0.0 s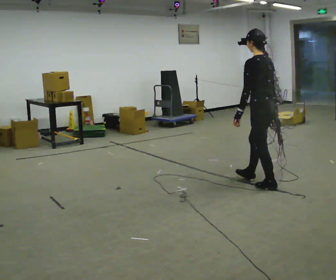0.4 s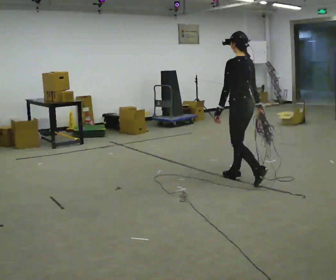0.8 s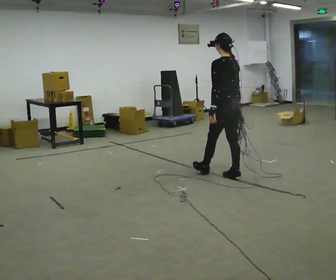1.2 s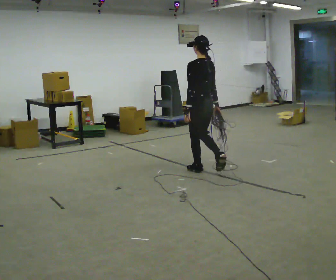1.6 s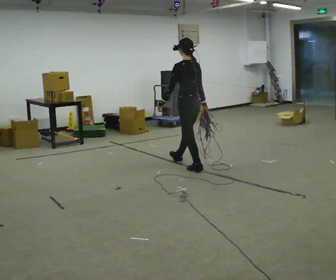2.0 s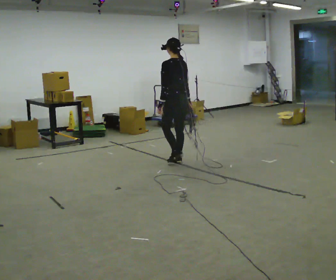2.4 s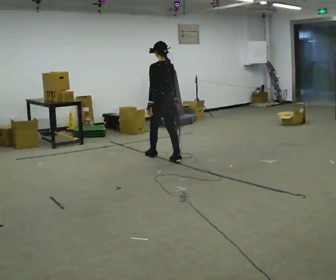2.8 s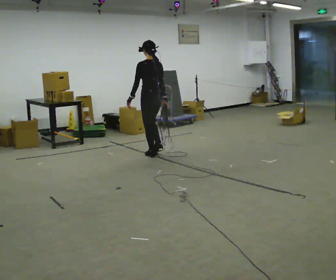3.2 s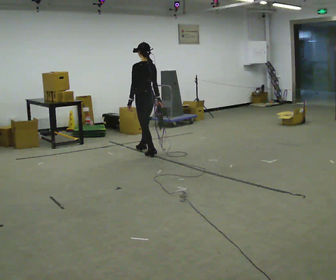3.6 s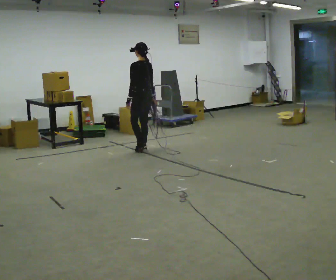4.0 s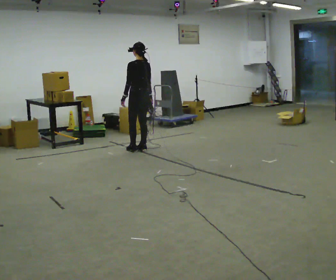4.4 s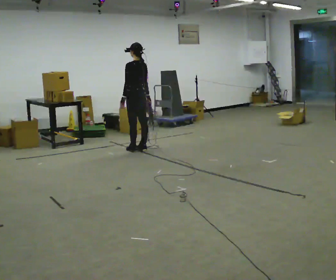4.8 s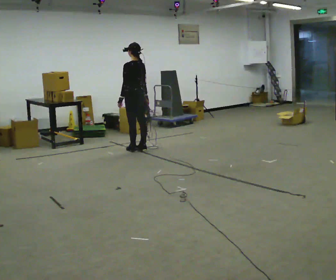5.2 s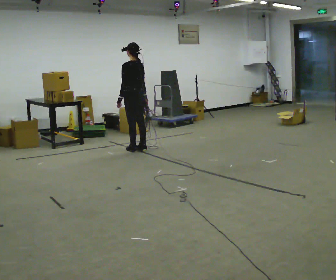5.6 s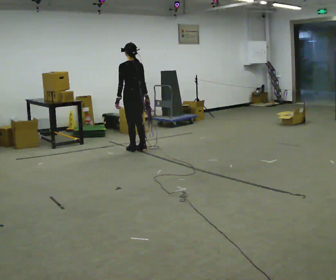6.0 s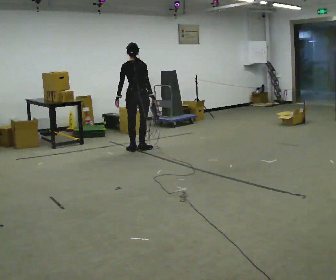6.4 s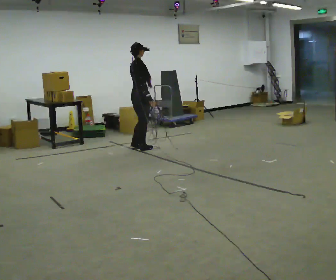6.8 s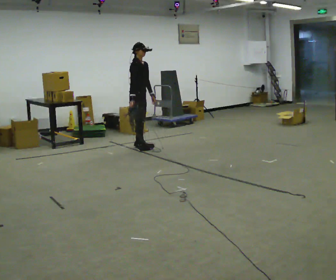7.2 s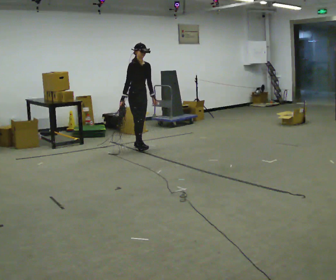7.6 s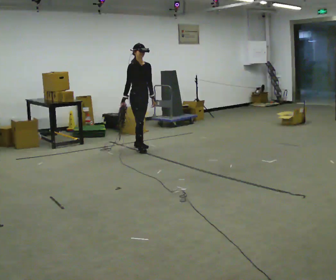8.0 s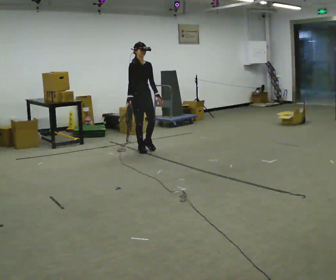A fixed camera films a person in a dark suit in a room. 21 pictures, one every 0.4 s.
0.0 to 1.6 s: In the picture they go away from the camera and to the left, about 1 m in 2 steps, which for them is forward.
1.6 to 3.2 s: In the picture they go away from the camera and to the left, about 1 m in 3 steps, which for them is forward.
3.2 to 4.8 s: In the picture they go away from the camera and to the left, about 0.25 m in 1 step, which for them is forward.
4.8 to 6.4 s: Seen from above the body turns clockwise, about 120 degrees: to their right, with its near side sliding to the left.
6.4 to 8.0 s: The part of the body nearest the lens slides to the left as the person turns to their right by about 75 degrees.
The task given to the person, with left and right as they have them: Pick up the coiled hose, carry it across the room, and set it down. It will move around as you walk. Keep going until the operator says stop; one object at a time, and do not rush between trips.
The film runs forward here.
